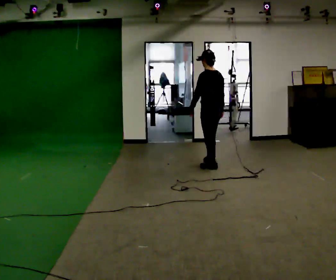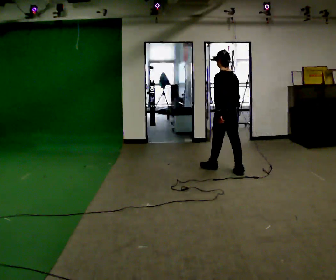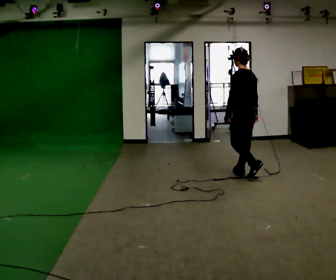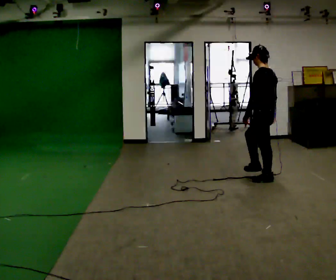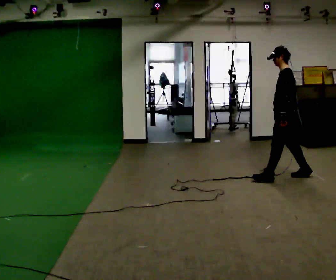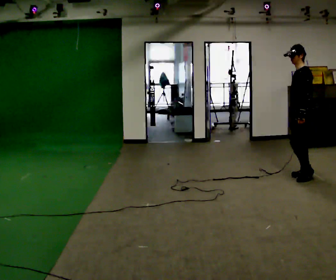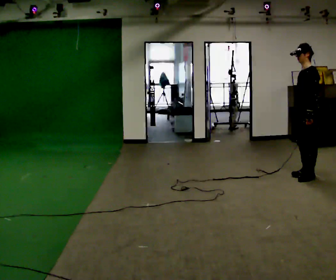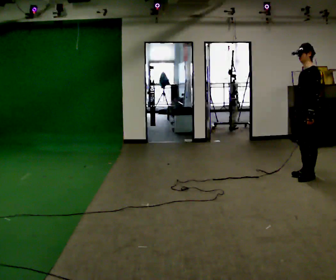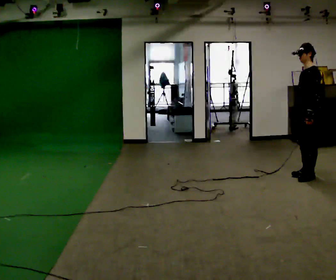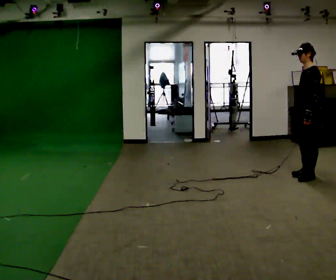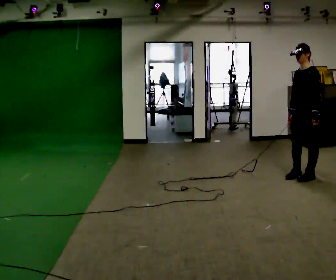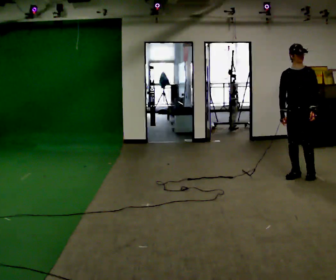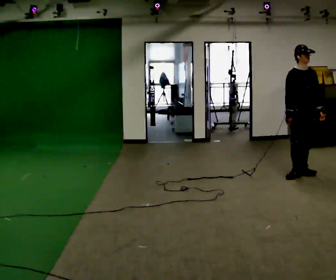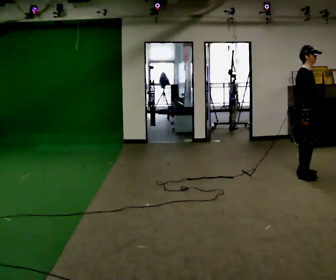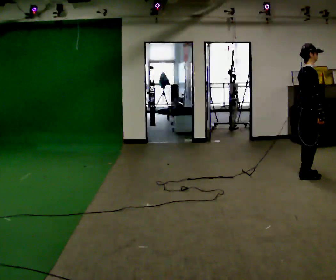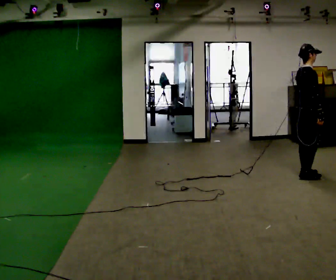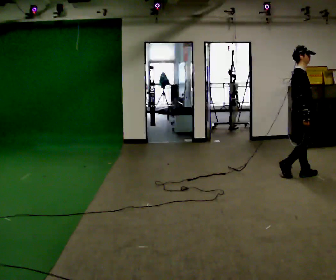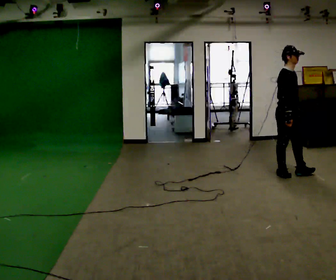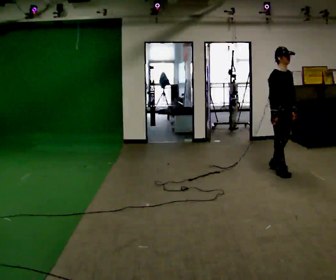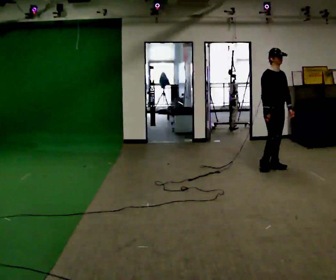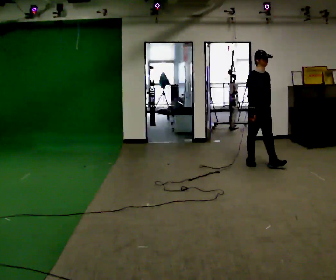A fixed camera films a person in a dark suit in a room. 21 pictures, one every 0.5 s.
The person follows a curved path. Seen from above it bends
counterclockwise.
0.0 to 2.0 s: The person turns about 30 degrees to their left, counterclockwise seen from above, so the part of the body nearest the lens slides to the right. In the picture they go to the right and toward the camera, about 1 m in 2 steps, which for them is backward.
2.0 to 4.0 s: In the picture they go to the right, about 0.25 m in 1 step, which for them is backward.
4.0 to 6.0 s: Seen from above the body turns counterclockwise, about 90 degrees: to their left, with its near side sliding to the right.
6.0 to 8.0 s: The person turns about 60 degrees to their left, counterclockwise seen from above, so the part of the body nearest the lens slides to the right.
8.0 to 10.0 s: The person turns about 45 degrees to their right, clockwise seen from above, so the part of the body nearest the lens slides to the left. In the picture they go to the left and away from the camera, about 1 m in 2 steps, which for them is backward.
The film runs backward here.
